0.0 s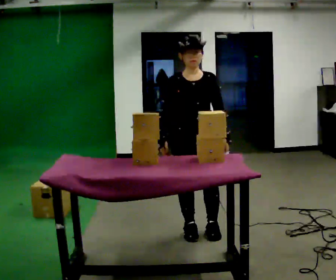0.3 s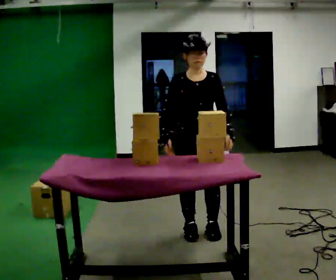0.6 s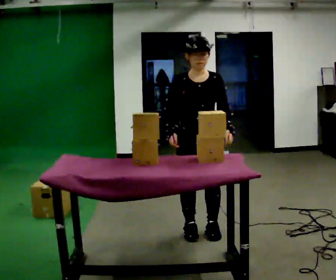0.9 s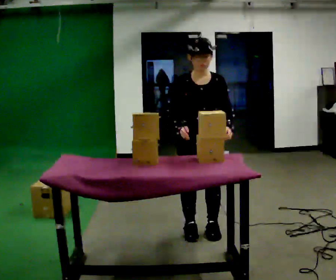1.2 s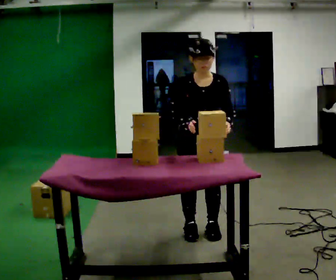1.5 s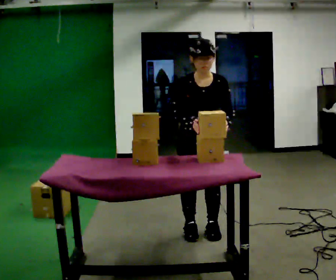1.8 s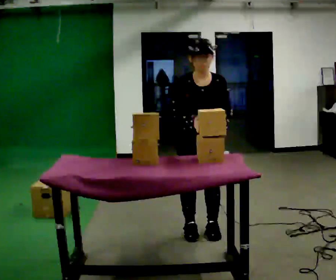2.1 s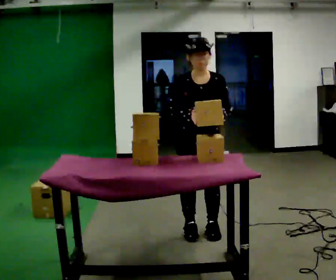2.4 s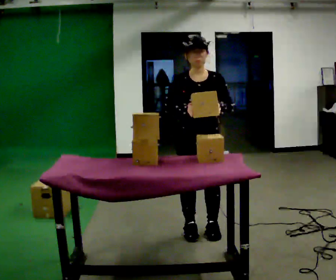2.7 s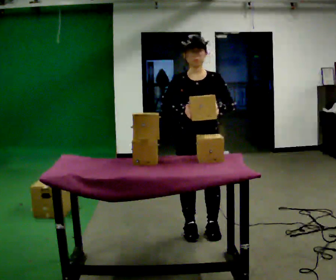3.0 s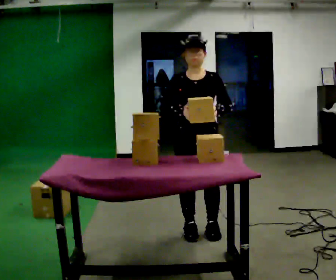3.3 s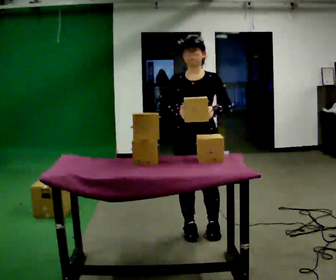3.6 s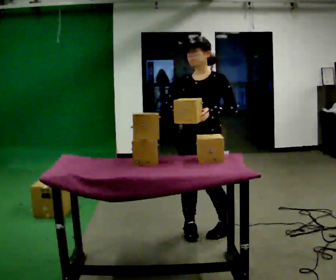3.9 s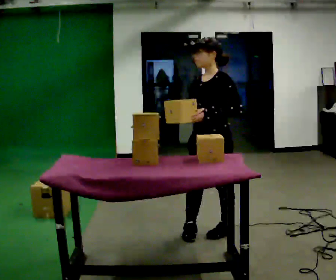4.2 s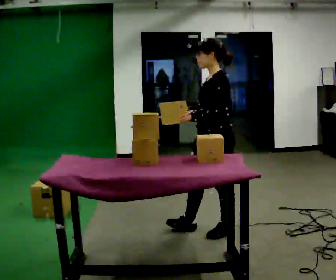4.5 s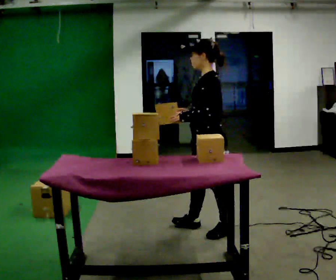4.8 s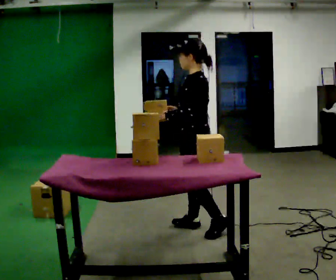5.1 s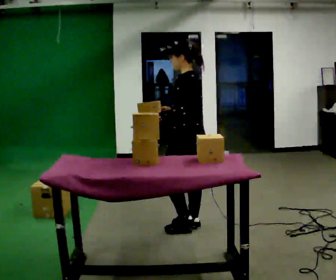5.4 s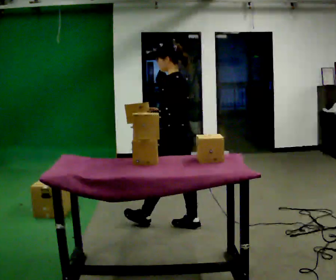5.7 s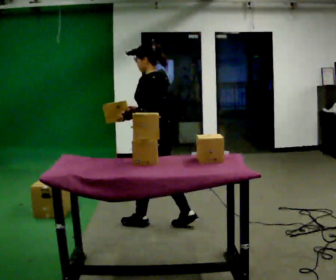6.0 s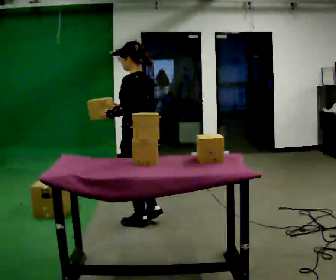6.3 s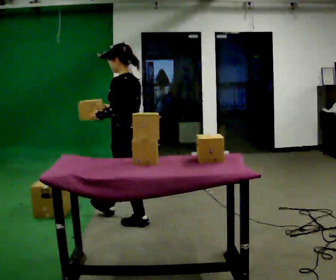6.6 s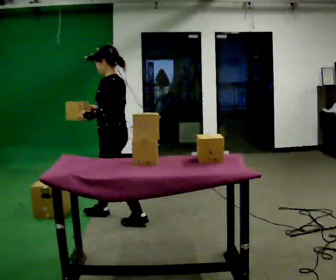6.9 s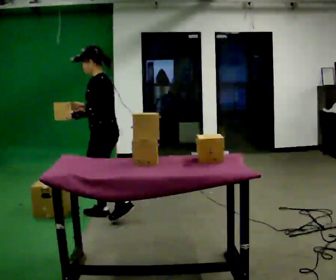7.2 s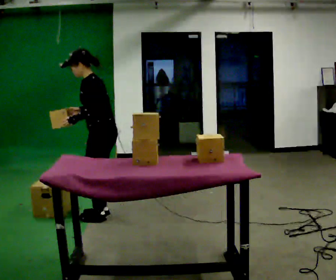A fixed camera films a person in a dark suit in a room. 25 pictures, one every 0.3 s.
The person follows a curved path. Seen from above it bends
counterclockwise.
0.0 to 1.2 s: The upper body tips toward the camera, its near side rolling downward, as they bend forward.
1.2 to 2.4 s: The person moves a little, or ends about where they began.
2.4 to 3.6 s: The part of the body nearest the lens slides to the left as the person turns to their right by about 30 degrees.
3.6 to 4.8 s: The part of the body nearest the lens slides to the left as the person turns to their right by about 75 degrees. In the picture they go away from the camera, about 0.25 m.
4.8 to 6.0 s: In the picture they go to the left, about 0.5 m in 1 step, which for them is forward.
6.0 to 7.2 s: In the picture they go to the left and away from the camera, about 0.5 m in 2 steps, which for them is forward and to their right. In the picture the upper body tilts counterclockwise, shoulders to the left, as they bend forward.
The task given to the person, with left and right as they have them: Carry the handheld device and, while walking, point it at the labels on the shelves and press the button as if scanning them.
The film runs forward here.
